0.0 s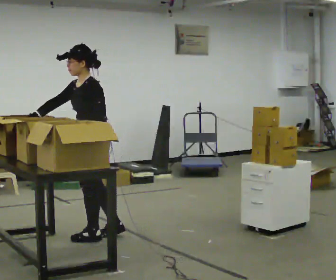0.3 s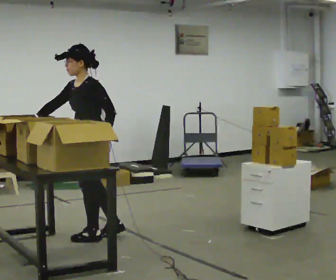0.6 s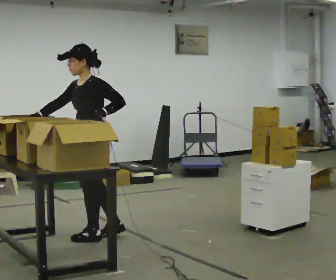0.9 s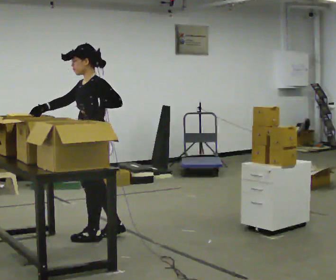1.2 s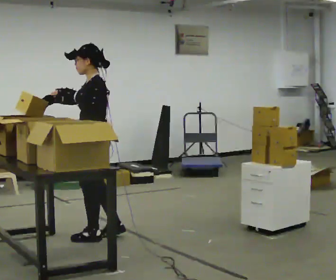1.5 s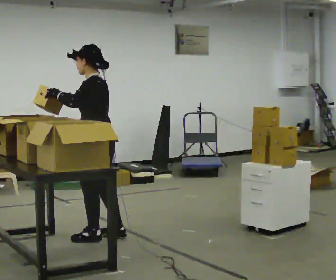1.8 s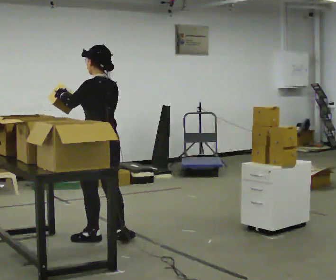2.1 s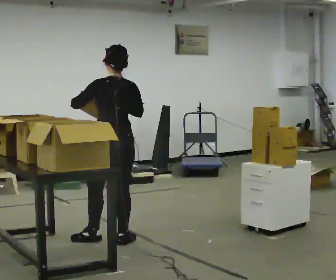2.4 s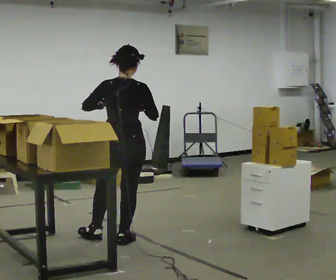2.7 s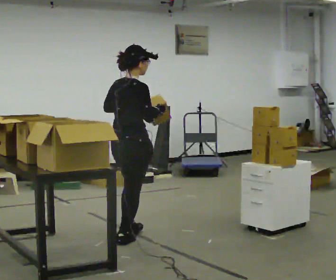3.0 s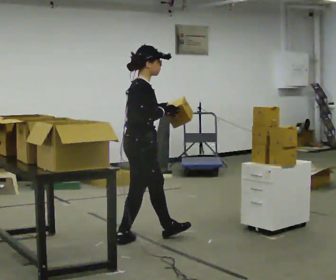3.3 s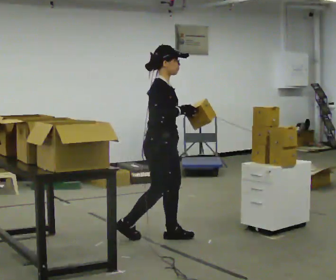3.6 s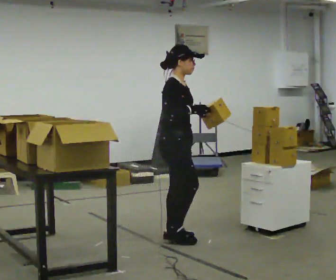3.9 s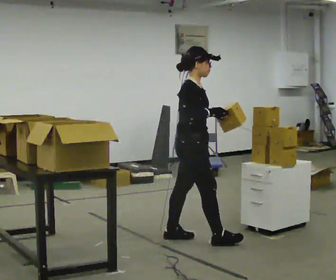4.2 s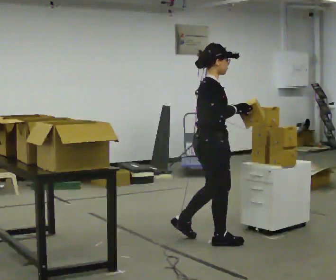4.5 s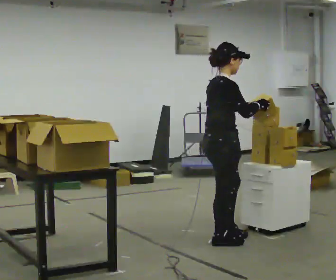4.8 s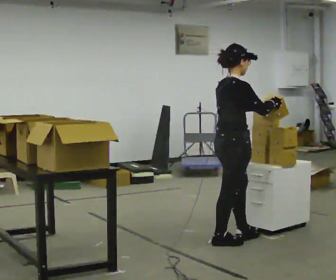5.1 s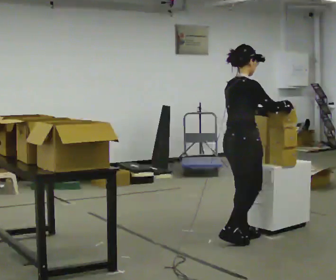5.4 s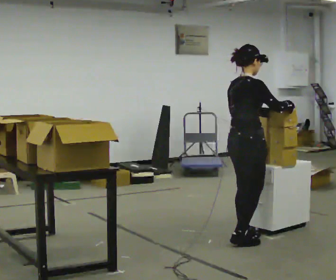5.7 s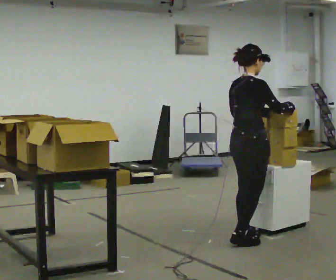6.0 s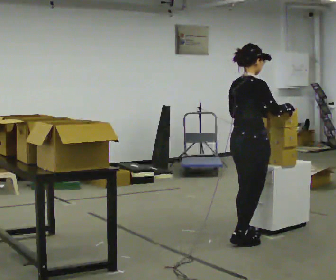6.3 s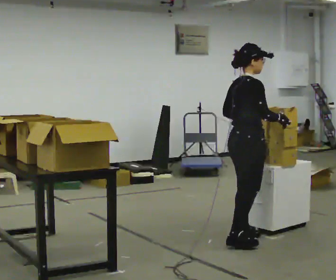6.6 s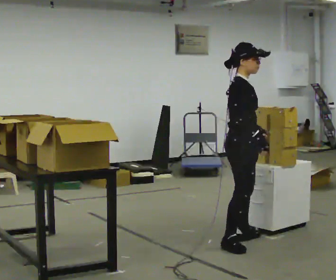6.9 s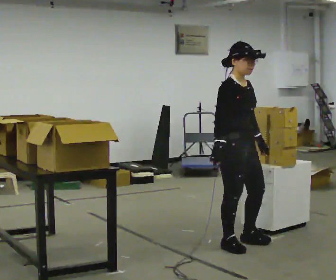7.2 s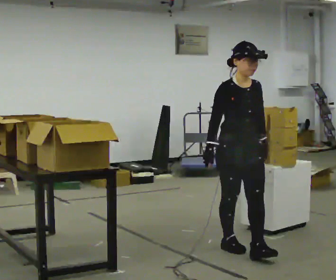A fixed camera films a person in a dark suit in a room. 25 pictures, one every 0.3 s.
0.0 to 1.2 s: In the picture their left hand goes upward.
1.2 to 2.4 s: The person turns about 90 degrees to their right, clockwise seen from above, so the part of the body nearest the lens slides to the left. In the picture they go to the right, about 0.25 m in 1 step. In the picture their right hand goes to the right.
2.4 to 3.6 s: The person turns about 90 degrees to their right, clockwise seen from above, so the part of the body nearest the lens slides to the left. In the picture they go to the right, about 0.5 m in 1 step.
3.6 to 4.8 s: Seen from above the body turns counterclockwise, about 30 degrees: to their left, with its near side sliding to the right. In the picture they go to the right, about 0.5 m in 2 steps, which for them is forward.
4.8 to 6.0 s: The person moves a little, or ends about where they began.
6.0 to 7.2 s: The person turns about 90 degrees to their right, clockwise seen from above, so the part of the body nearest the lens slides to the left. In the picture they go toward the camera, about 0.25 m.
The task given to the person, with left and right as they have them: 1. Read the list the operator gives you. 2. Collect the six items on the list from the shelves. 3. Put them all in the bin on the table. 4. Tell the operator when you are finished.
The film runs forward here.
